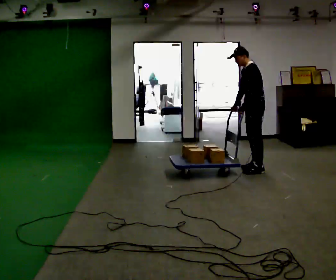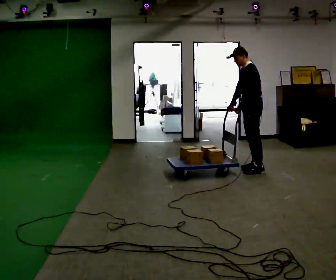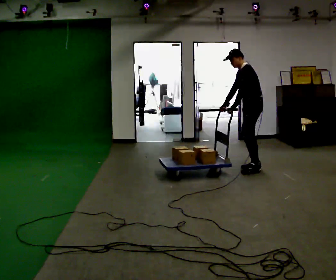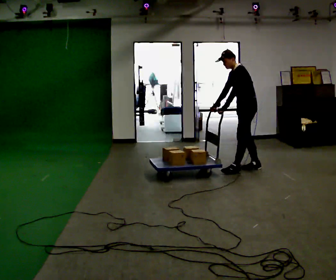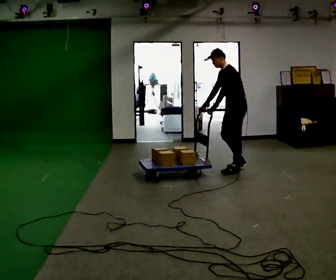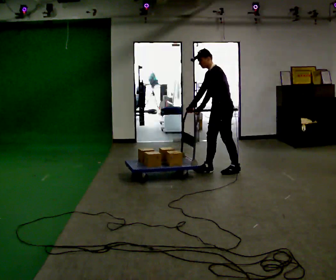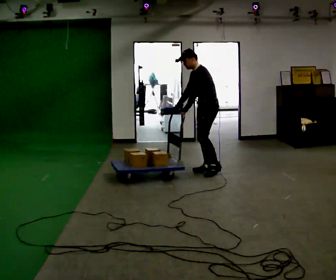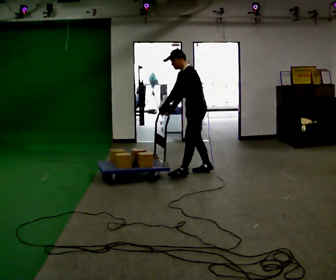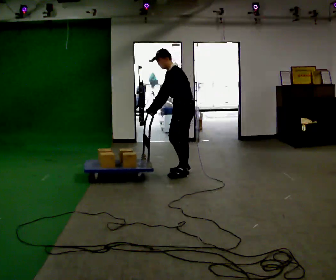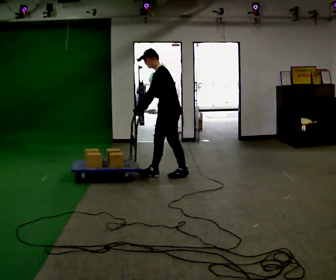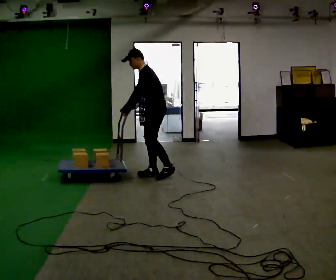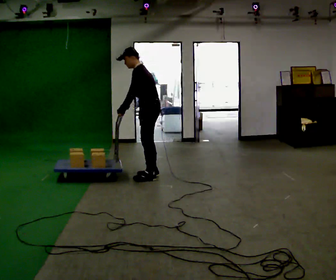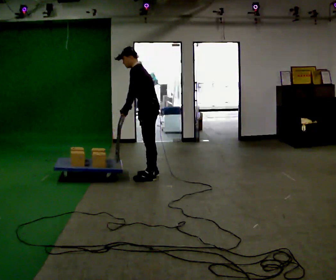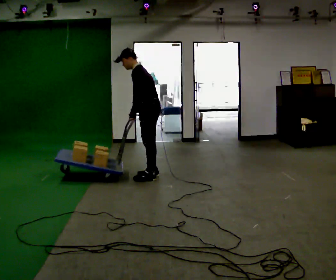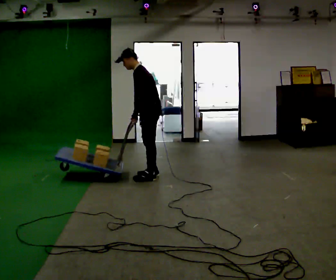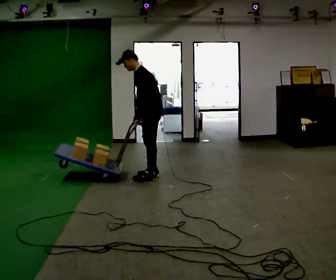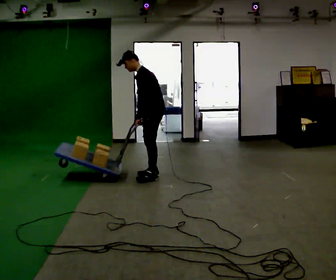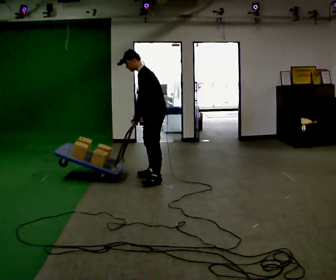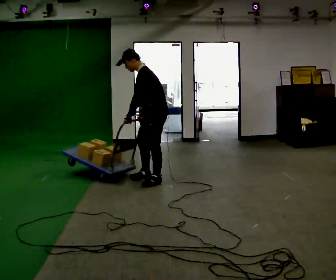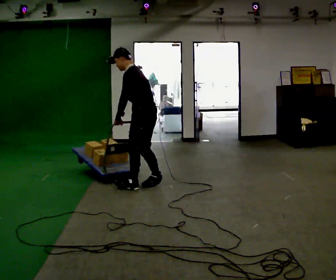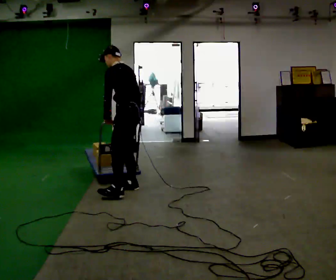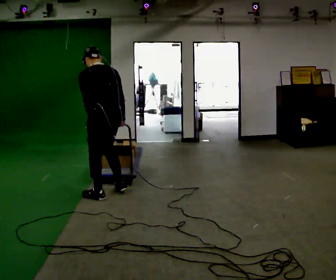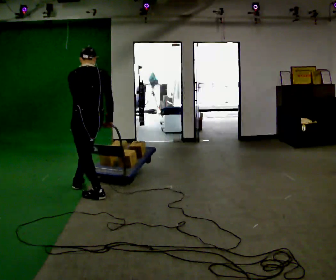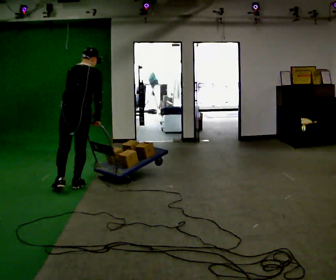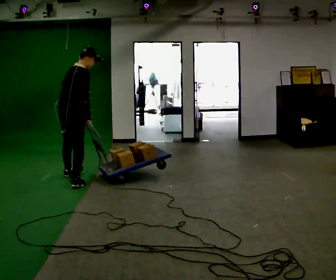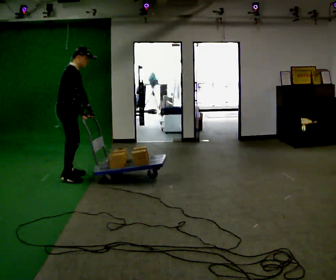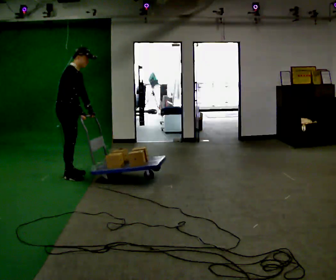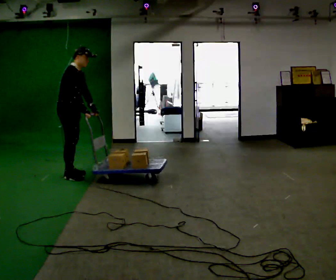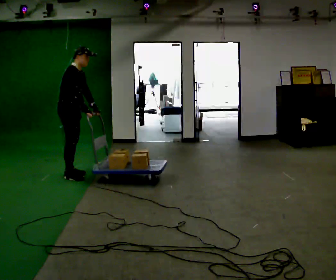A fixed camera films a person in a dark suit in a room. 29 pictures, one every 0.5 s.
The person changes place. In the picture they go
to the left.
0.0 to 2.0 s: In the picture they go to the left, about 0.25 m in 1 step, which for them is forward.
2.0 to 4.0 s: In the picture they go to the left, about 0.5 m in 2 steps, which for them is forward.
4.0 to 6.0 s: In the picture they go to the left, about 0.5 m in 2 steps, which for them is forward.
6.0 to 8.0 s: The person moves a little, or ends about where they began.
8.0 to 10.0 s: In the picture they go toward the camera and to the left, about 0.5 m in 1 step, which for them is to their left and forward.
10.0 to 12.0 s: Seen from above the body turns clockwise, about 120 degrees: to their right, with its near side sliding to the left. In the picture they go to the left and away from the camera, about 1 m in 3 steps. In the picture the upper body tilts clockwise, shoulders to the right.
12.0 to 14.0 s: The person turns about 45 degrees to their right, clockwise seen from above, so the part of the body nearest the lens slides to the left. In the picture they go away from the camera, about 0.25 m in 1 step, which for them is to their left.
The film runs forward here.
